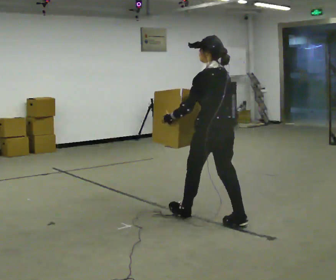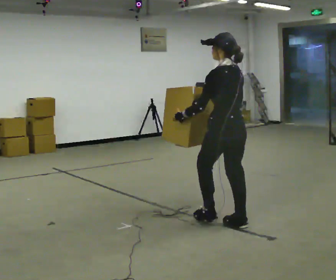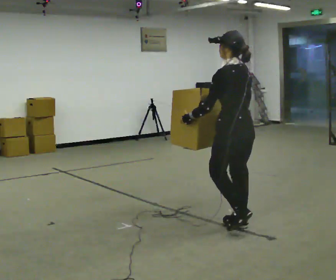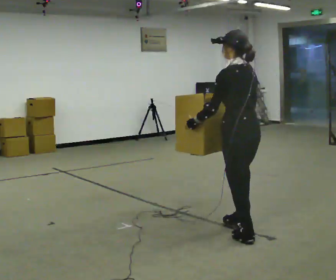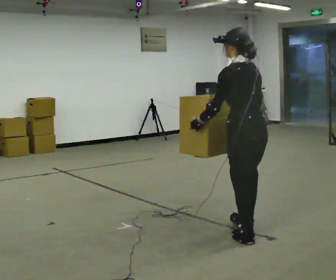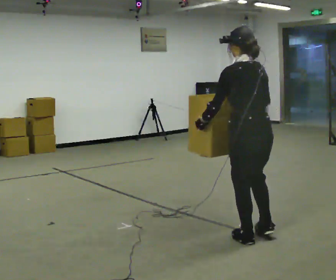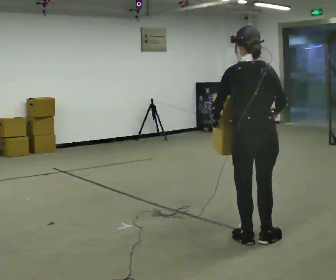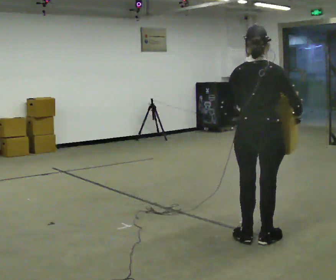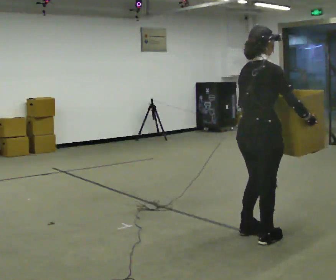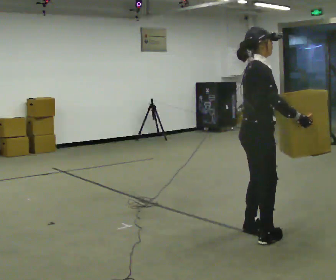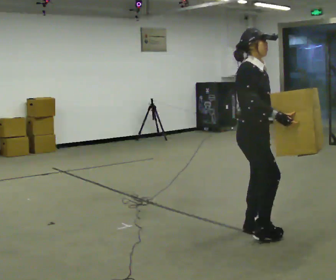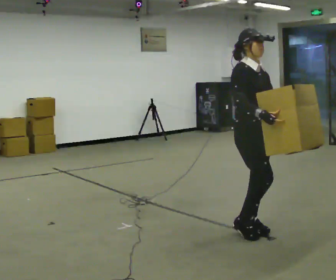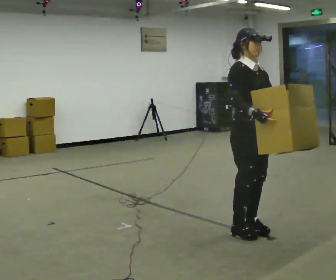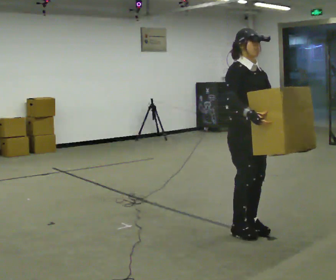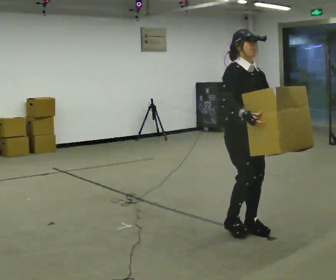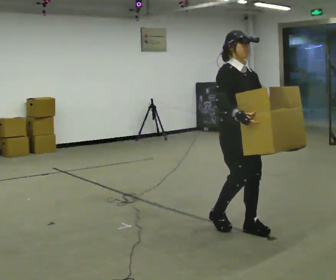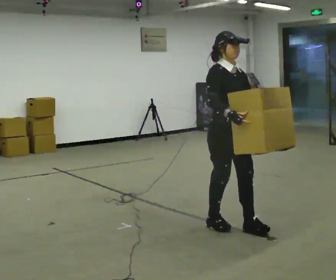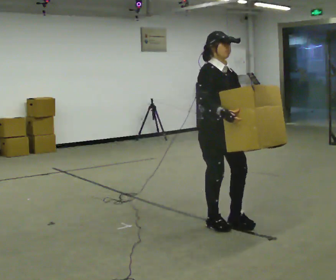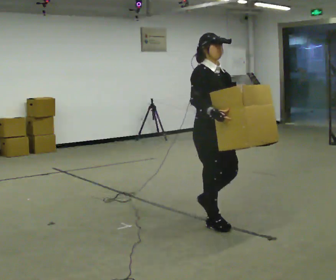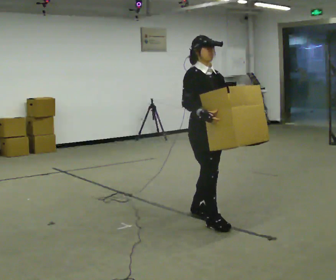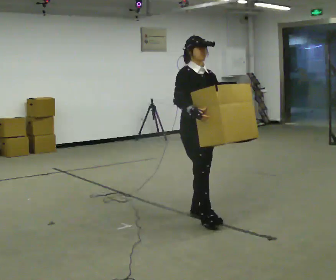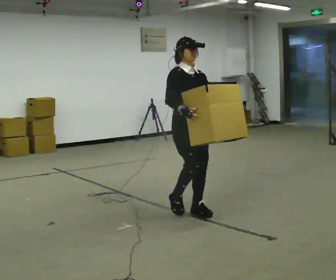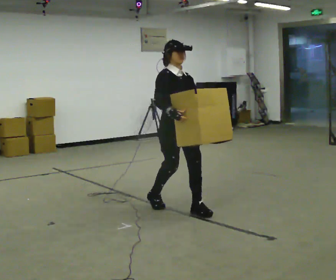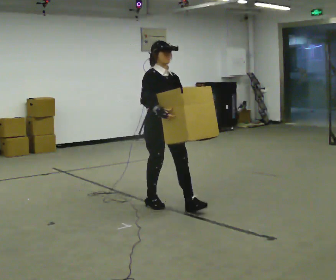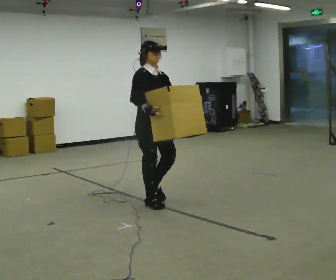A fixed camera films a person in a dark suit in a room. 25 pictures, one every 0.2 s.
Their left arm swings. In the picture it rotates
counterclockwise.
The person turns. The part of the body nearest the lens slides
to the left.
0.0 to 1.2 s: The person turns about 30 degrees to their right, clockwise seen from above, so the part of the body nearest the lens slides to the left. In the picture they go toward the camera and to the right, about 0.5 m in 1 step, which for them is backward.
1.2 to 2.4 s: The person turns about 150 degrees to their right, clockwise seen from above, so the part of the body nearest the lens slides to the left. In the picture they go away from the camera, about 0.25 m in 2 steps.
2.4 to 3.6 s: In the picture they go to the left and away from the camera, about 0.5 m in 2 steps, which for them is backward.
3.6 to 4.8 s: In the picture they go to the left and away from the camera, about 1 m in 2 steps, which for them is backward.
The film runs backward here.
